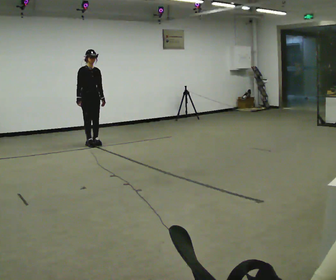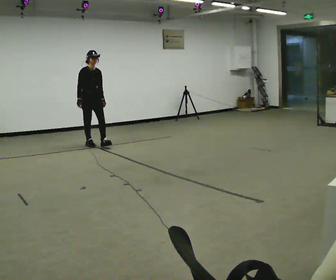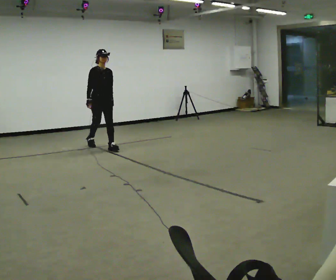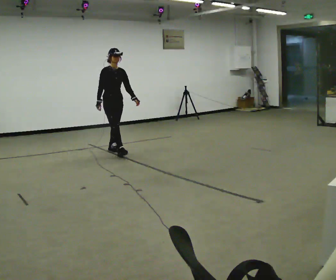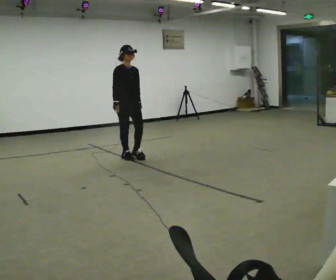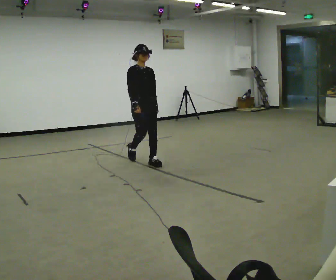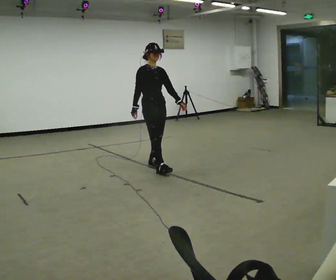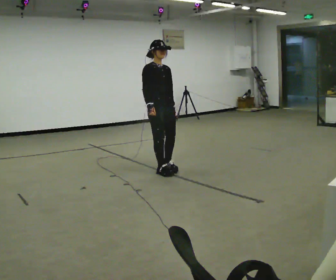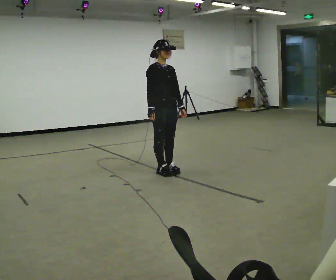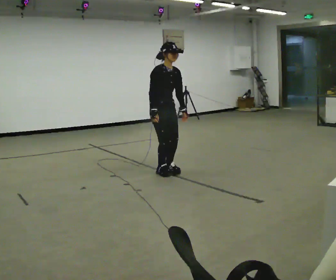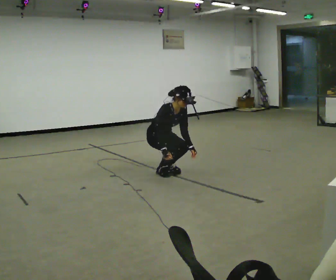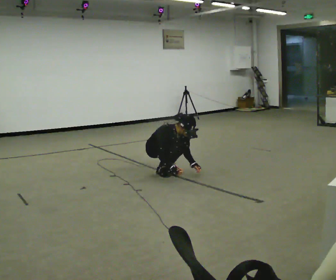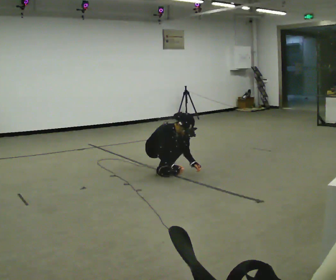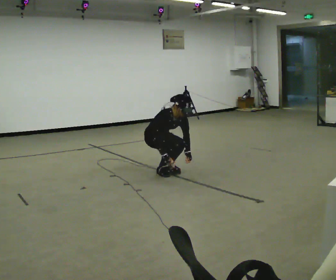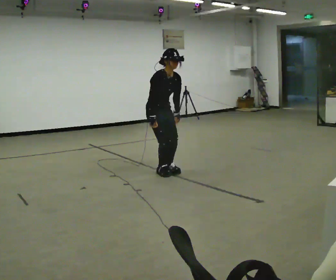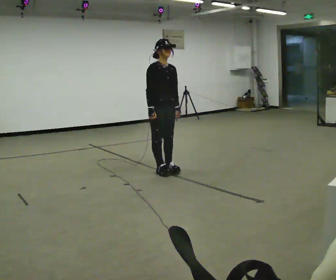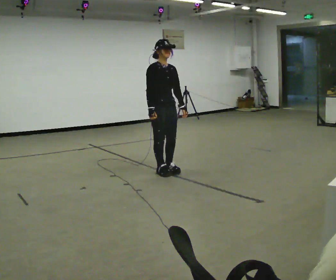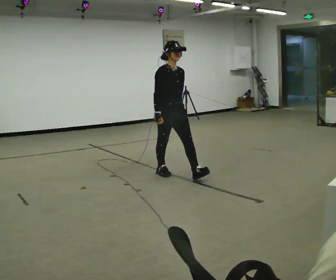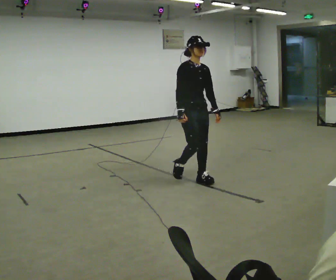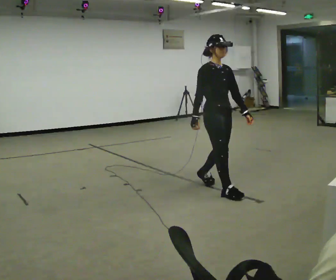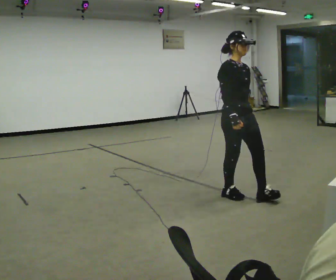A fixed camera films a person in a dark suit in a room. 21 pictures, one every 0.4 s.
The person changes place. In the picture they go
toward the camera.
0.0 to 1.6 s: In the picture they go toward the camera and to the right, about 1.5 m in 2 steps, which for them is forward.
1.6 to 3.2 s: In the picture they go toward the camera and to the right, about 1 m in 3 steps, which for them is forward.
3.2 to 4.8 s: The upper body goes downward. The upper body tips toward the camera, its near side rolling downward, as they bend forward. In the picture their right hand goes downward.
4.8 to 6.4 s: In the picture they go toward the camera, about 0.25 m, which for them is forward. The upper body goes upward. The upper body tips away from the camera, its near side rolling upward, as they lean back or straighten. In the picture their right hand goes upward.
6.4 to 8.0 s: In the picture they go toward the camera and to the right, about 1 m in 2 steps, which for them is forward.
The film runs forward here.
